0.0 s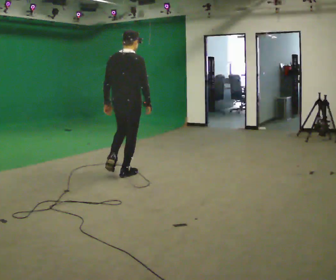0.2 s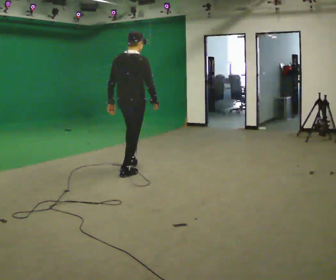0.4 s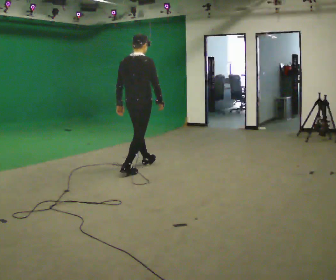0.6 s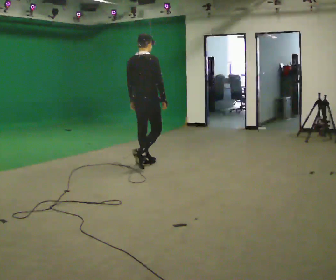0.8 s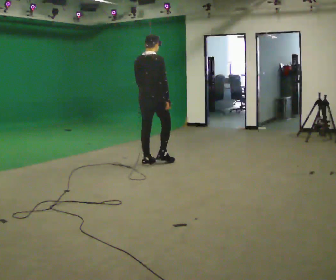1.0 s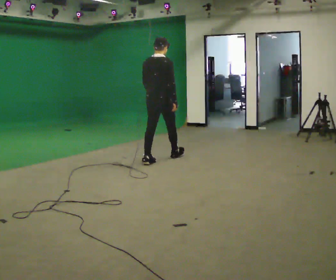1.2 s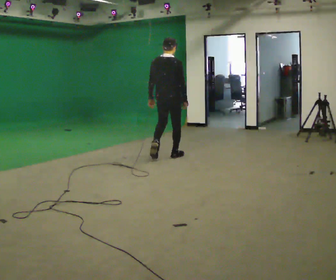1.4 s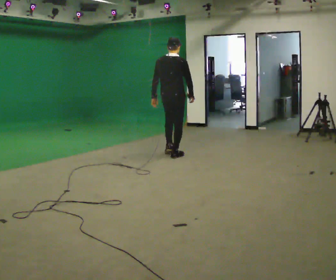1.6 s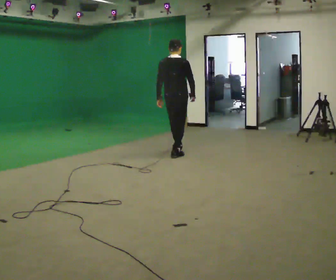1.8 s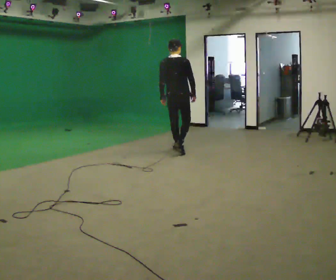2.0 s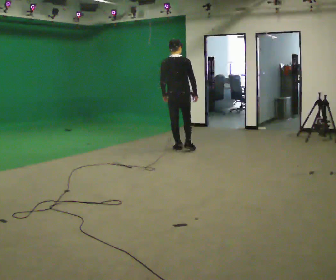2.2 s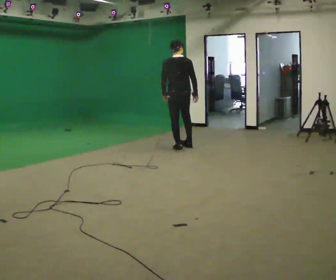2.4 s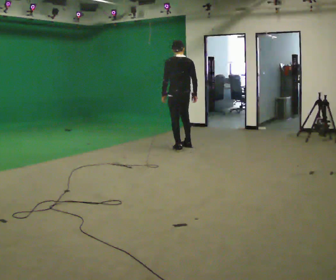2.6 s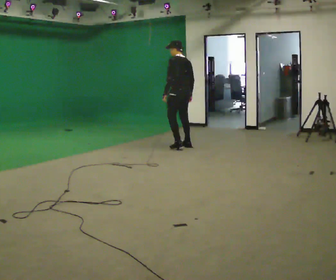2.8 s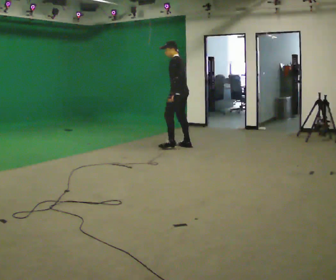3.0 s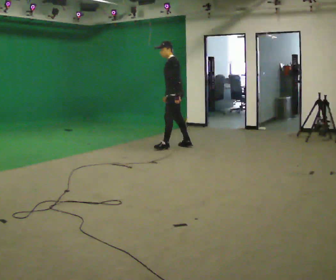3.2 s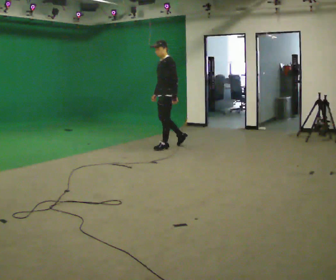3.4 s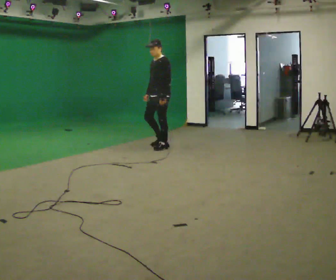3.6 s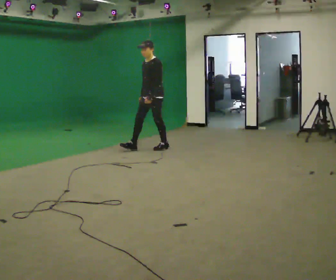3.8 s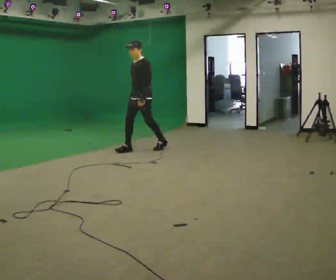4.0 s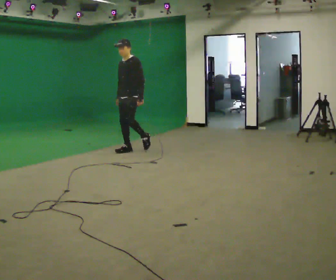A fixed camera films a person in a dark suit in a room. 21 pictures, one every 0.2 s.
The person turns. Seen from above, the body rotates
counterclockwise.
The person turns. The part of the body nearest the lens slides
to the right.
0.0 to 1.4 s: In the picture they go away from the camera and to the right, about 1 m in 2 steps, which for them is forward.
1.4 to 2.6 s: Seen from above the body turns counterclockwise, about 60 degrees: to their left, with its near side sliding to the right. In the picture they go away from the camera, about 0.75 m in 2 steps.
2.6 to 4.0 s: The person turns about 90 degrees to their left, counterclockwise seen from above, so the part of the body nearest the lens slides to the right. In the picture they go to the left, about 1 m in 2 steps.
The film runs forward here.
